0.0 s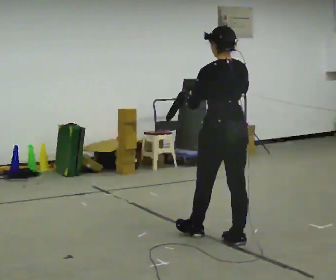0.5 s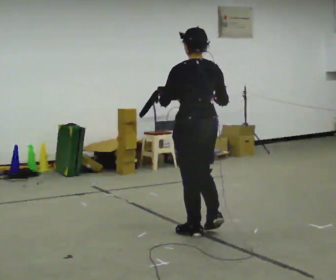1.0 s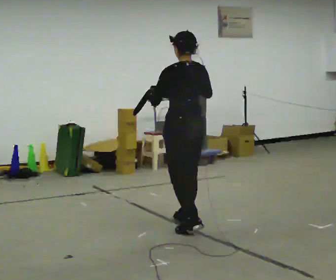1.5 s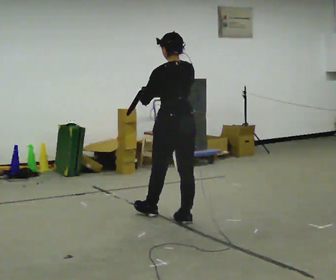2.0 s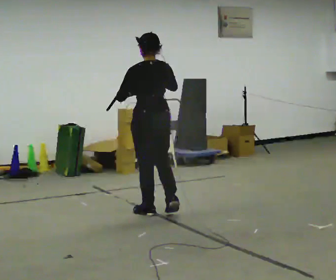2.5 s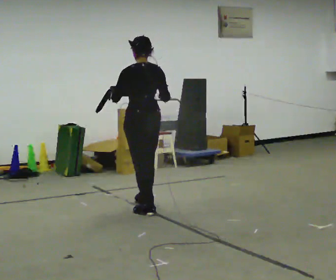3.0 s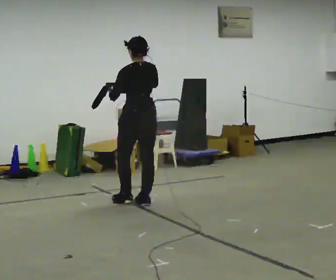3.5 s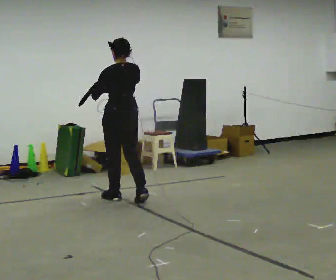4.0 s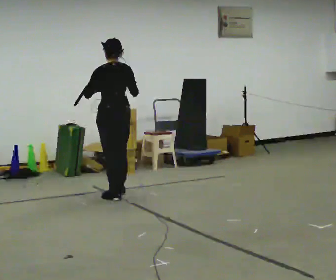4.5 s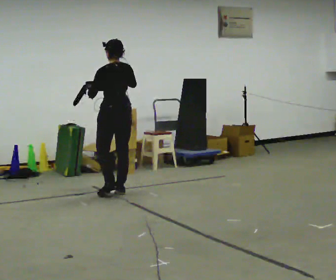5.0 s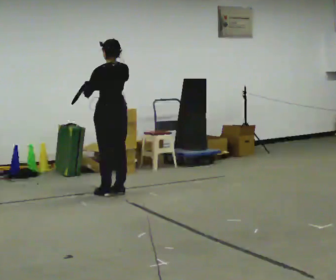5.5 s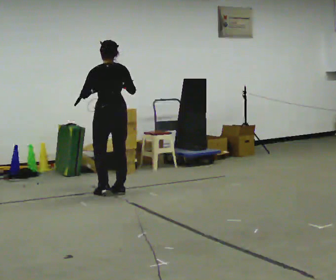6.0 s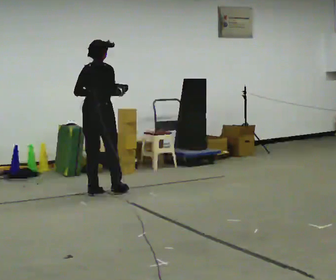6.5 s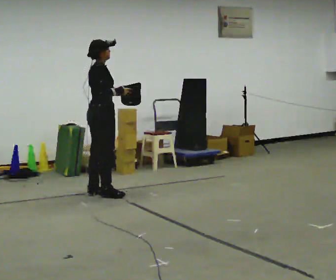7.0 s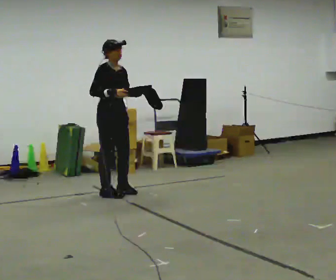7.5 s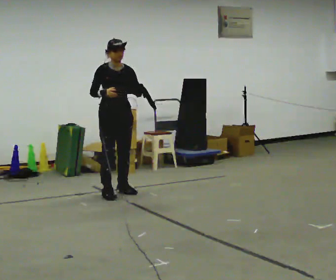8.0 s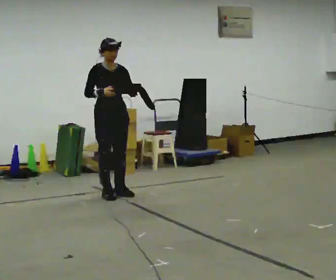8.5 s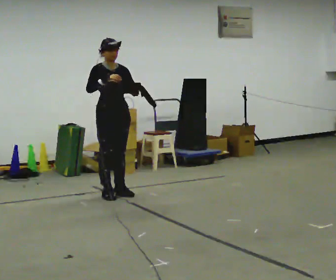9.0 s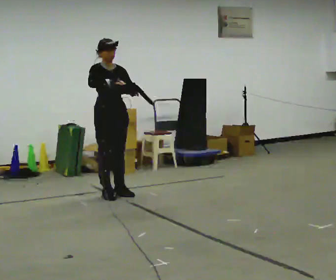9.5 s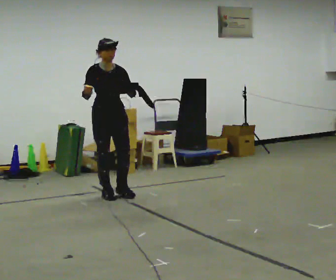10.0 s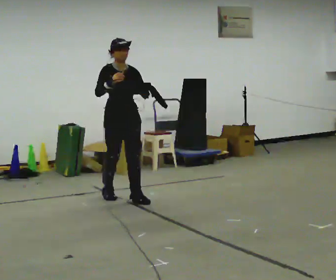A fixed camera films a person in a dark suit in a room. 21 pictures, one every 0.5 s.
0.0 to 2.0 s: In the picture they go away from the camera and to the left, about 1 m in 3 steps, which for them is forward.
2.0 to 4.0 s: In the picture they go away from the camera and to the left, about 1 m in 3 steps, which for them is forward.
4.0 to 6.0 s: Seen from above the body turns clockwise, about 60 degrees: to their right, with its near side sliding to the left. In the picture they go to the left and away from the camera, about 0.25 m in 2 steps.
6.0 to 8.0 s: The part of the body nearest the lens slides to the left as the person turns to their right by about 120 degrees. In the picture they go to the right, about 0.25 m in 2 steps. In the picture their left hand goes to the right.
8.0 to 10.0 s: In the picture they go toward the camera, about 0.25 m in 1 step, which for them is forward.
The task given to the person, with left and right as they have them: Carry the open container and, while walking, reach in with one hand and take an item out, then put it back. Repeat as you walk. Do not stop.
The film runs forward here.
